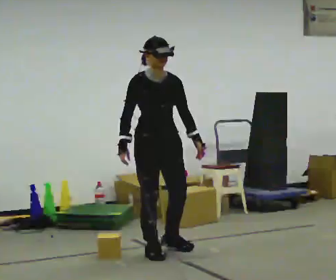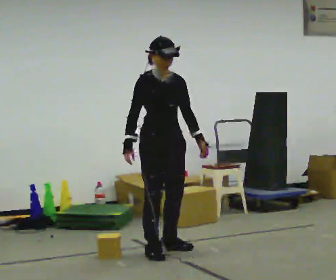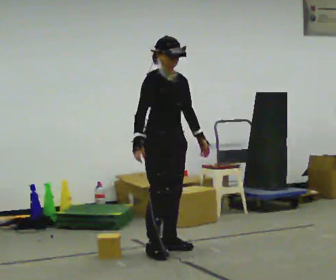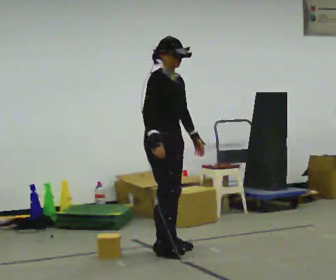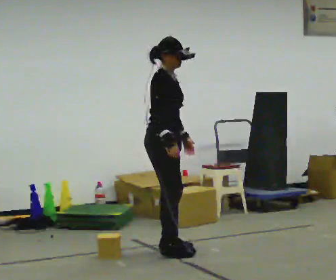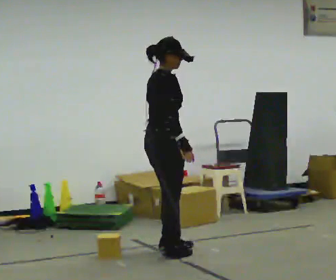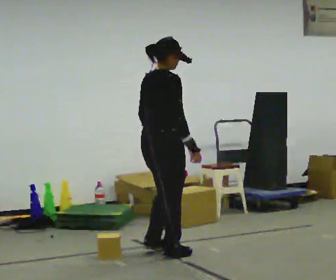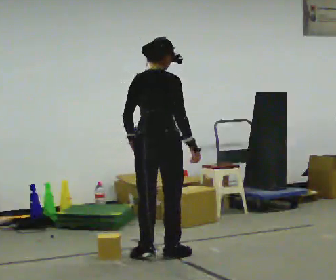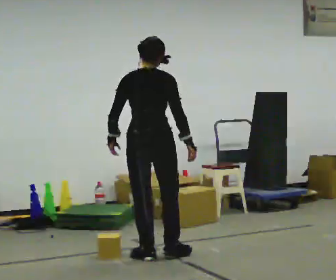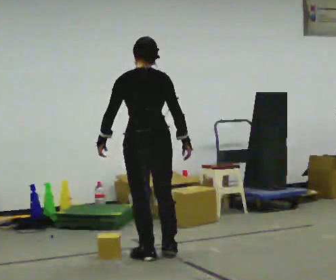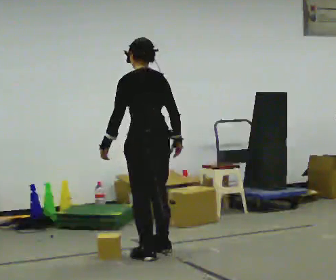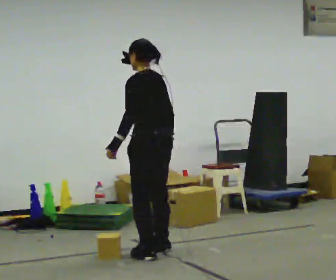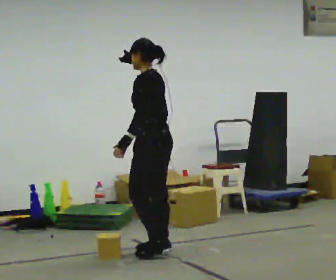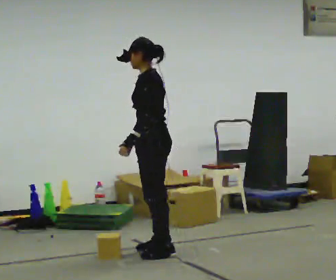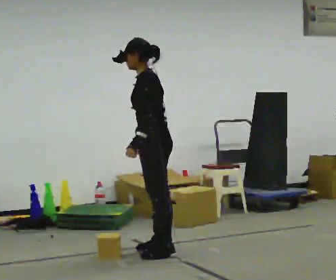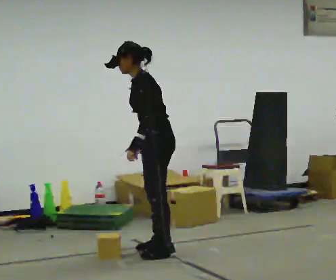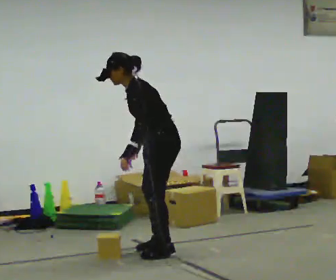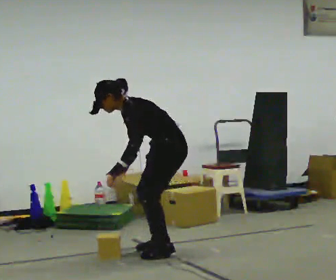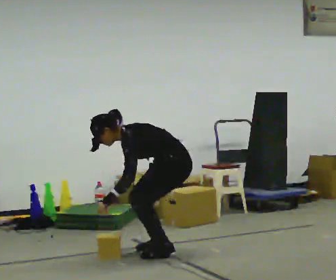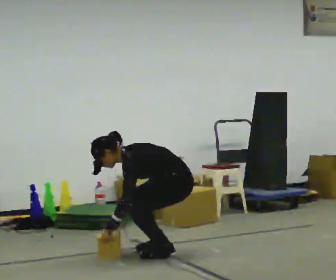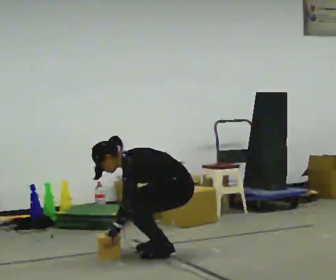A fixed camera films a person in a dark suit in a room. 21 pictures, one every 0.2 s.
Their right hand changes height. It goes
downward.
The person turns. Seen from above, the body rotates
counterclockwise.
0.0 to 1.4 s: The person turns about 120 degrees to their left, counterclockwise seen from above, so the part of the body nearest the lens slides to the right. In the picture their left hand goes to the left, the arm swinging clockwise.
1.4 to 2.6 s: Seen from above the body turns counterclockwise, about 120 degrees: to their left, with its near side sliding to the right.
2.6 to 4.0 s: In the picture they go to the right, about 0.25 m, which for them is backward. The upper body goes downward. In the picture the upper body tilts counterclockwise, shoulders to the left, as they bend forward. In the picture their right hand goes downward.
The film runs backward here.
